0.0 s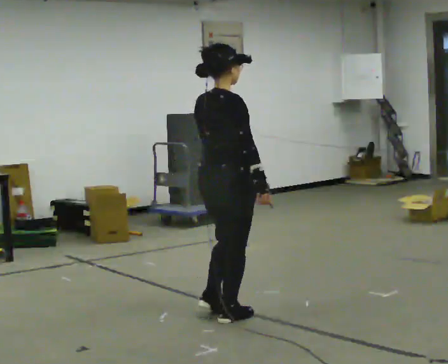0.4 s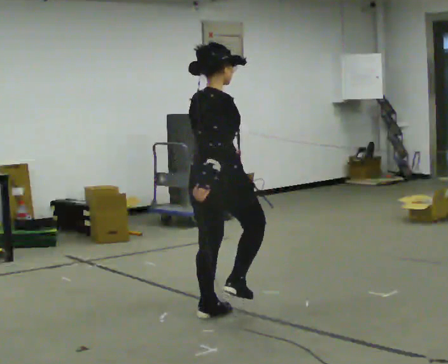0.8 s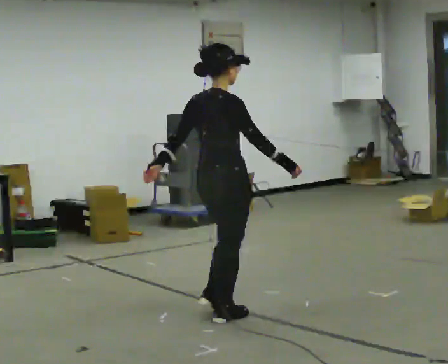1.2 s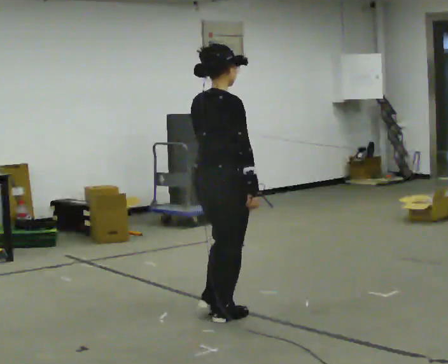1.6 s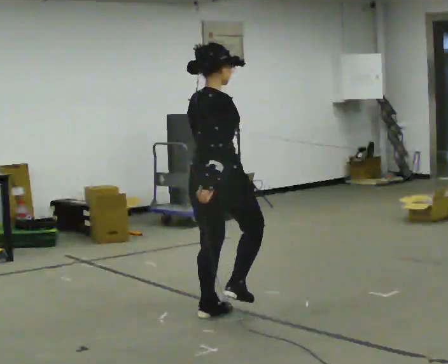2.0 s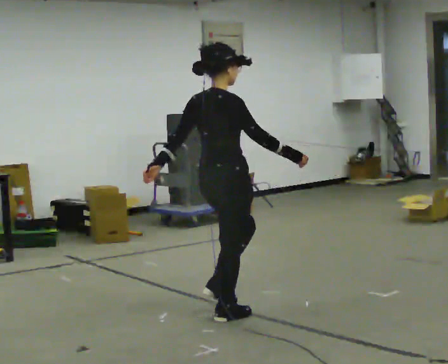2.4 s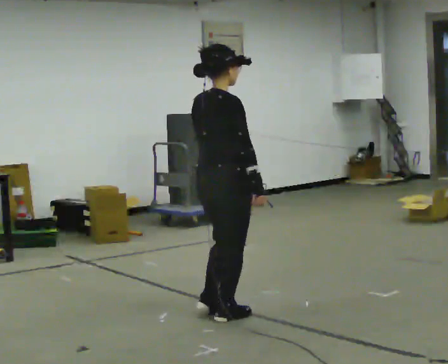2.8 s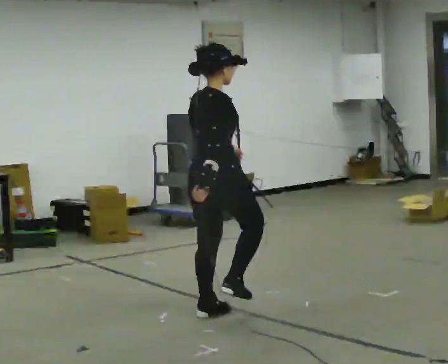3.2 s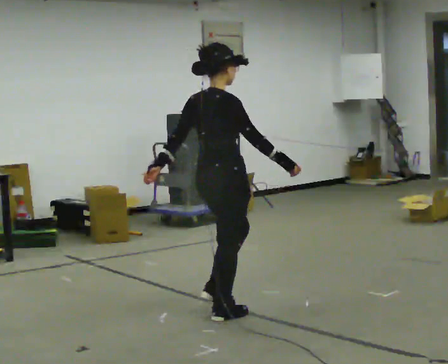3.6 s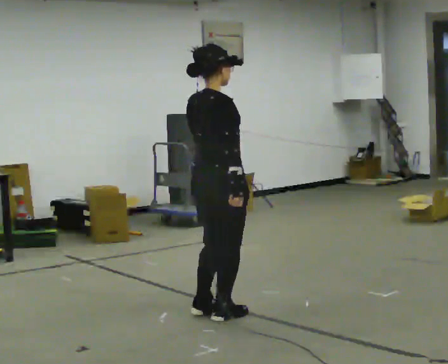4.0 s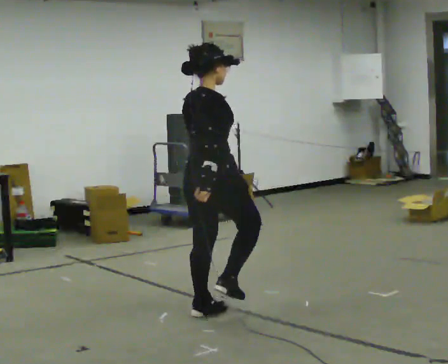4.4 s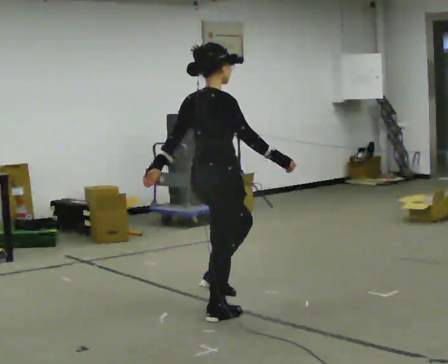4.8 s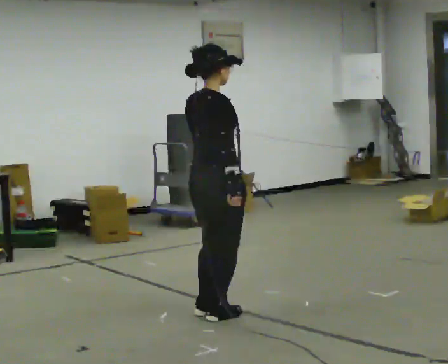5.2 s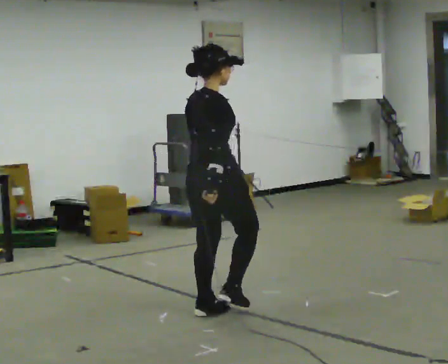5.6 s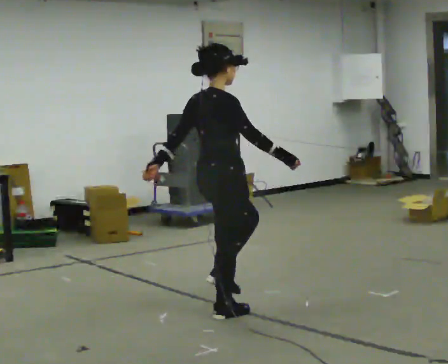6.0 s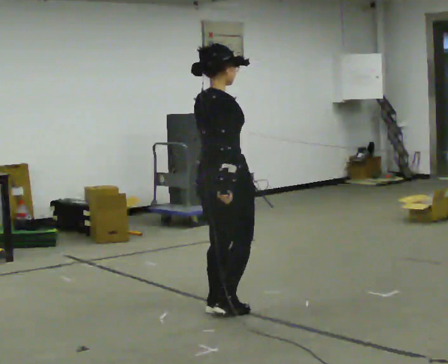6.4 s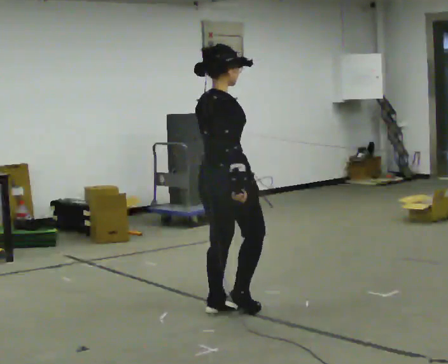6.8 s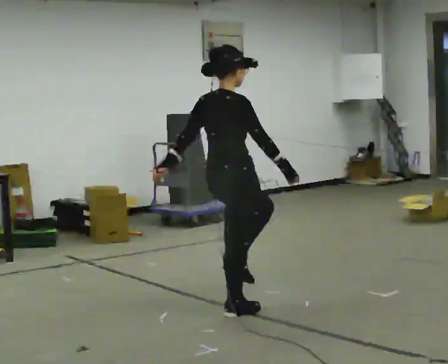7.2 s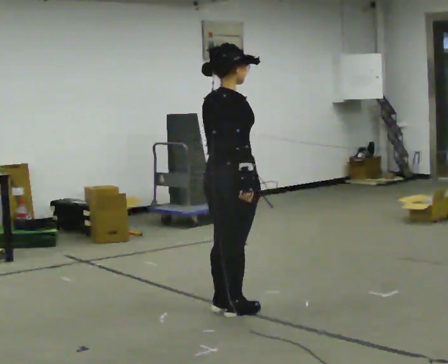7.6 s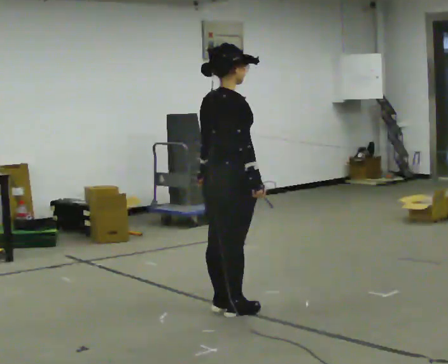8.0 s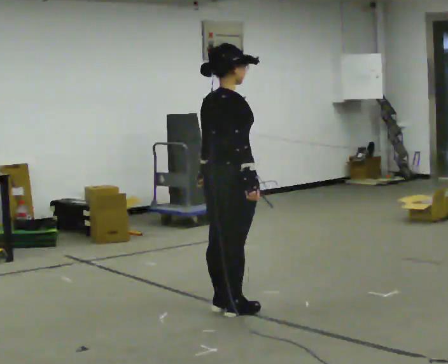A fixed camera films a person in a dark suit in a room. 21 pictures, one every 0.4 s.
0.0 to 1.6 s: The person moves a little, or ends about where they began.
1.6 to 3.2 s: In the picture their left hand goes to the left.
3.2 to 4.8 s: In the picture their left hand goes to the right.
4.8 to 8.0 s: The person moves a little, or ends about where they began.
The film runs backward here.
